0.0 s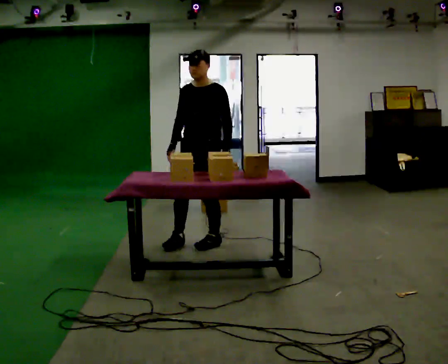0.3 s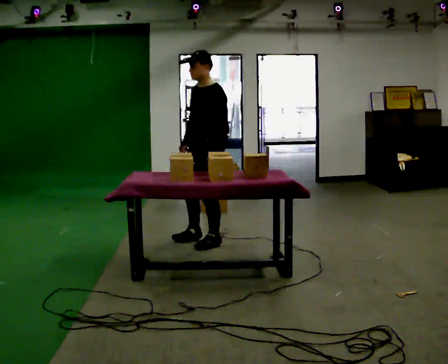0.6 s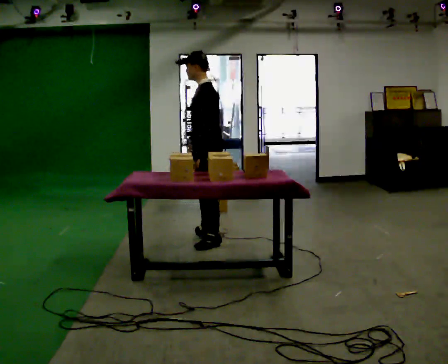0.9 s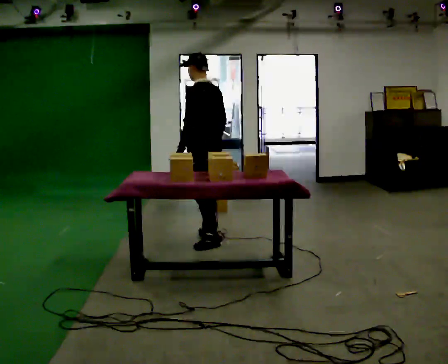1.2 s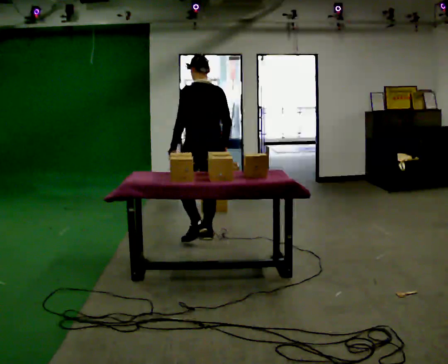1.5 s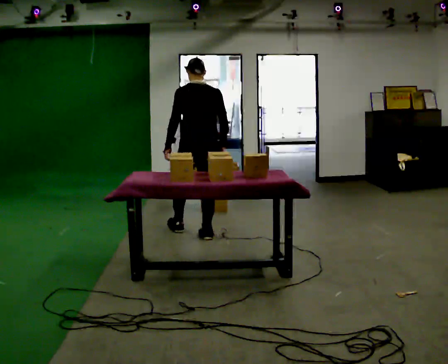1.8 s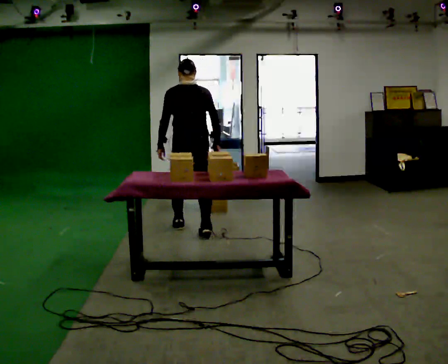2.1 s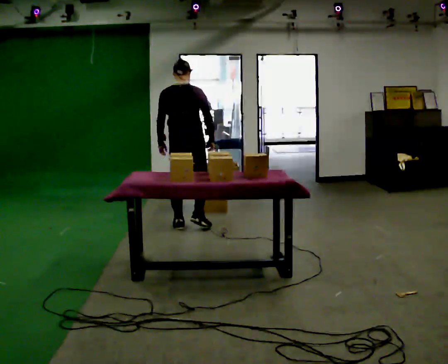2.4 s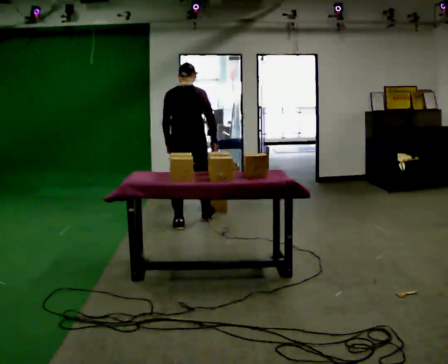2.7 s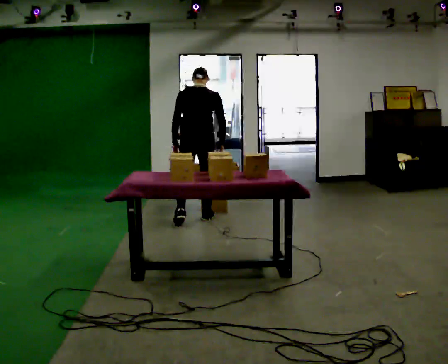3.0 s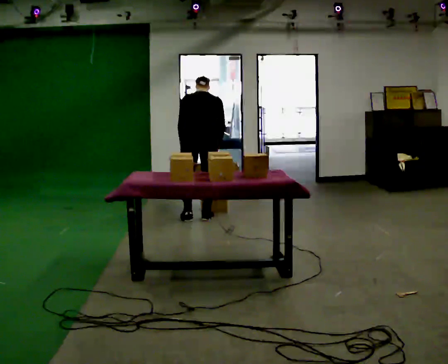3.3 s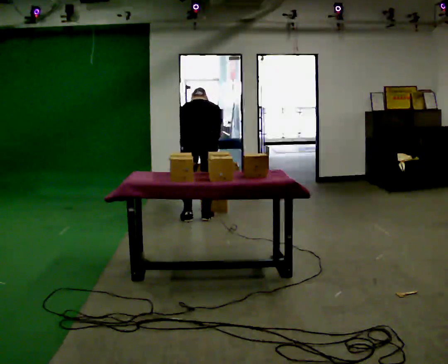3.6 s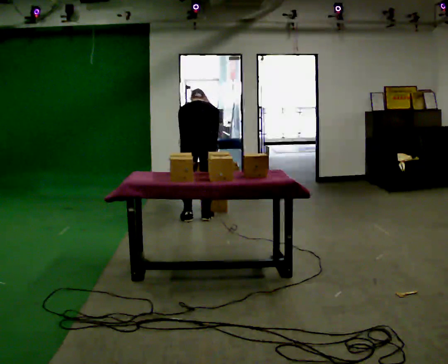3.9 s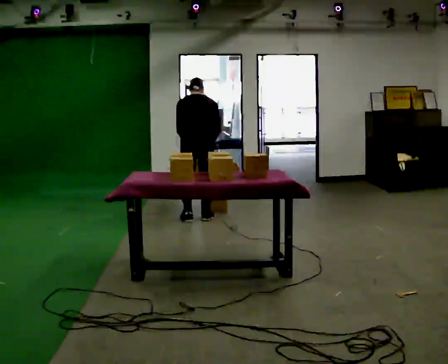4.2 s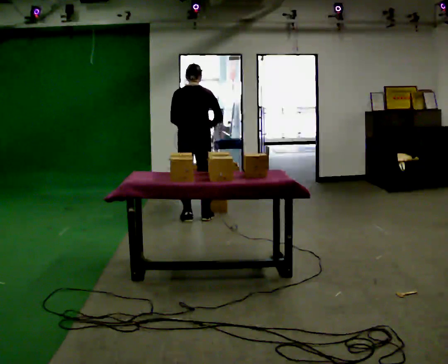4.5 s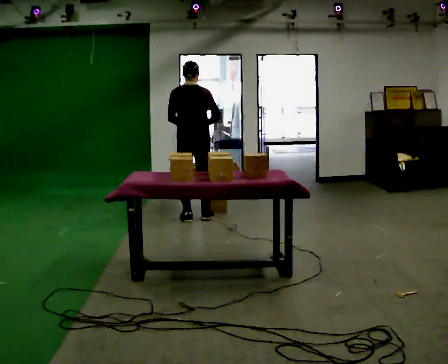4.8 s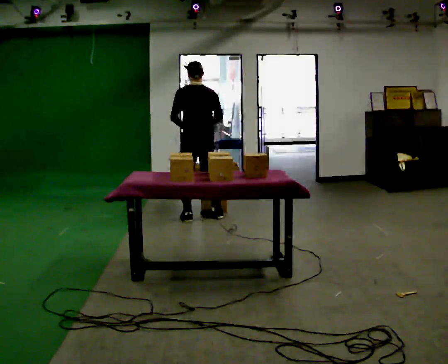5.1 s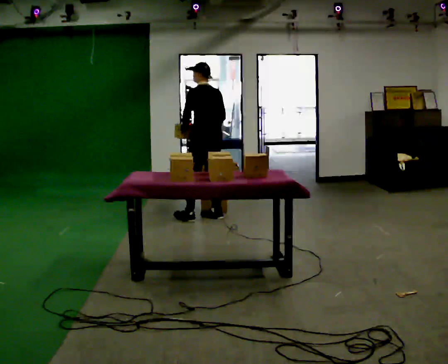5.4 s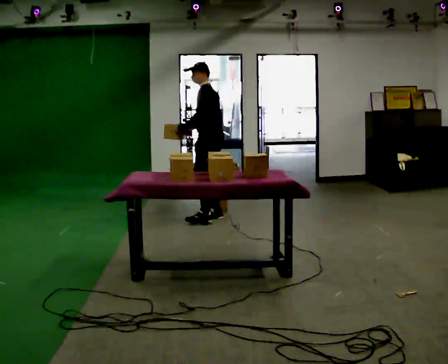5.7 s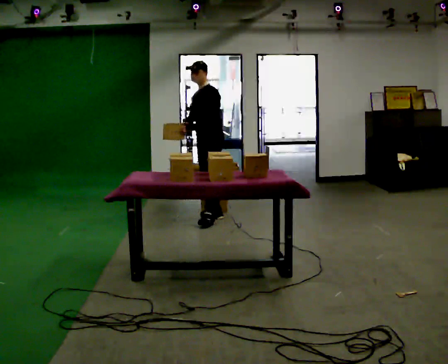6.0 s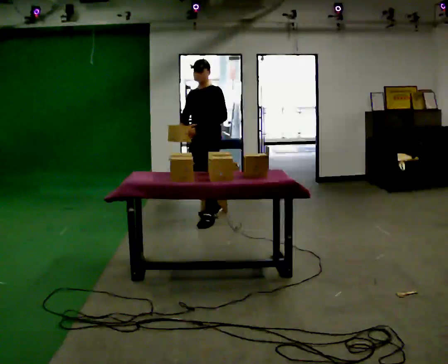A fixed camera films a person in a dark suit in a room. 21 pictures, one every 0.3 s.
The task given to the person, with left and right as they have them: Take the objects from the bin one at a time and put one in each of the places the operator points out. Keep going until the operator says stop; one object at a time, and do not rush between trips.
0.0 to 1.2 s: The part of the body nearest the lens slides to the left as the person turns to their right by about 120 degrees. In the picture they go away from the camera, about 0.25 m in 1 step. In the picture their right hand goes to the right, the arm swinging counterclockwise.
1.2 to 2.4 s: The part of the body nearest the lens slides to the left as the person turns to their right by about 45 degrees. In the picture they go away from the camera and to the left, about 0.5 m in 1 step, which for them is forward and to their left.
2.4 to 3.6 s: The shoulders move downward. The upper body tips away from the camera, its near side rolling upward, as they bend forward.
3.6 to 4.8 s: The shoulders move upward. The upper body tips toward the camera, its near side rolling downward, as they lean back or straighten. In the picture their right hand goes upward.
4.8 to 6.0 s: Seen from above the body turns counterclockwise, about 105 degrees: to their left, with its near side sliding to the right.
The film runs forward here.
